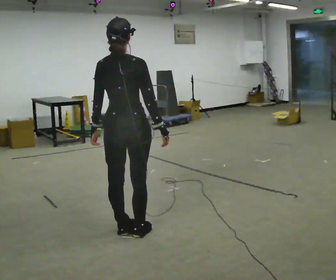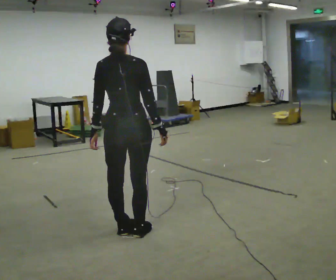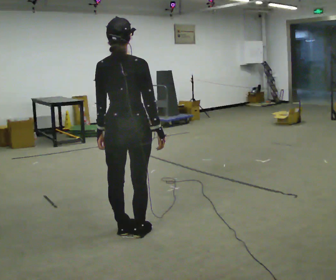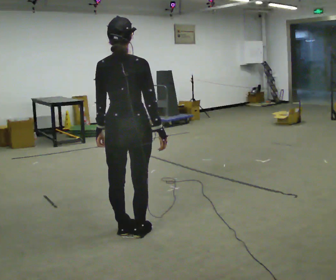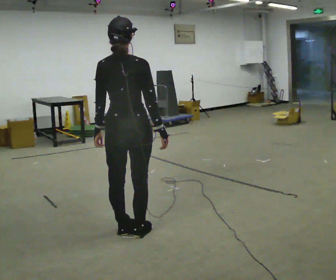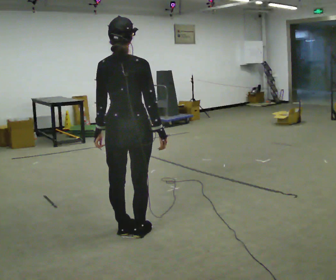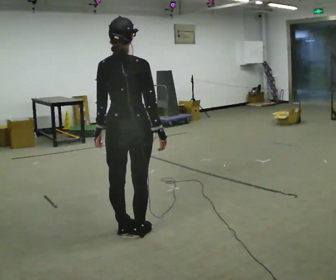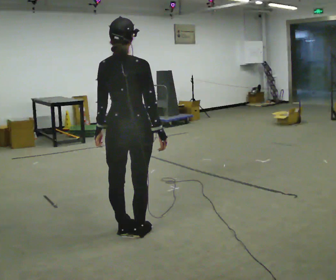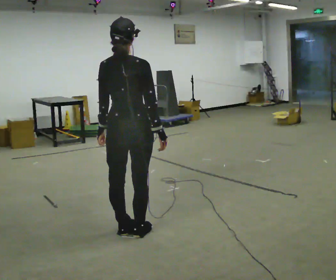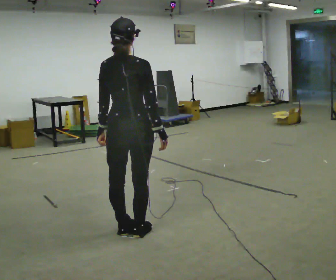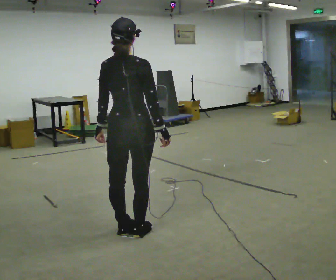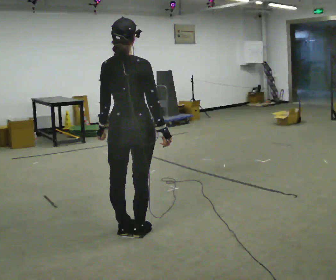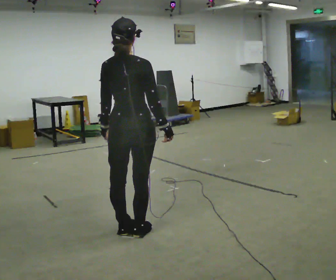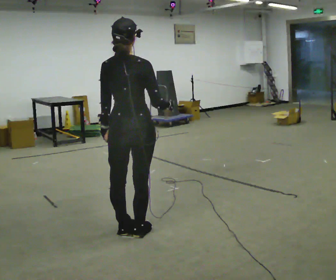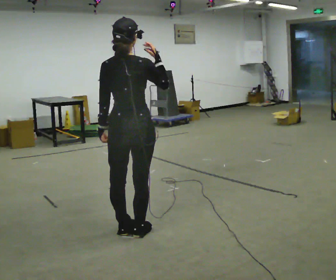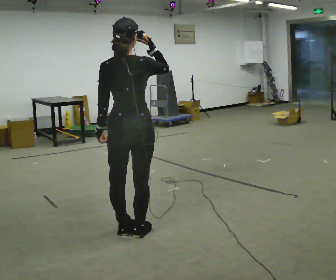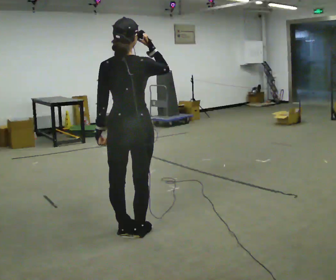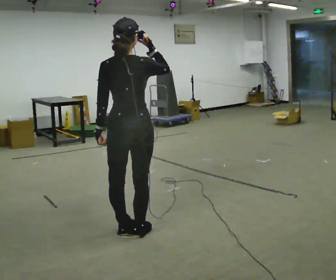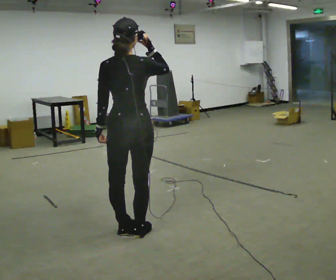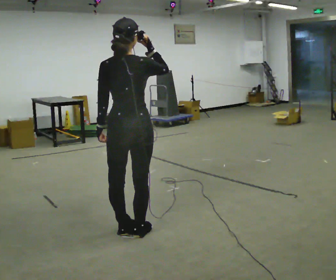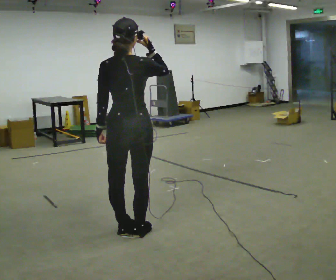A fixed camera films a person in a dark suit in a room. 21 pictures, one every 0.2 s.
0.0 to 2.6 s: The person moves a little, or ends about where they began.
2.6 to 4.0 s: In the picture their right hand goes upward.
The film runs forward here.
